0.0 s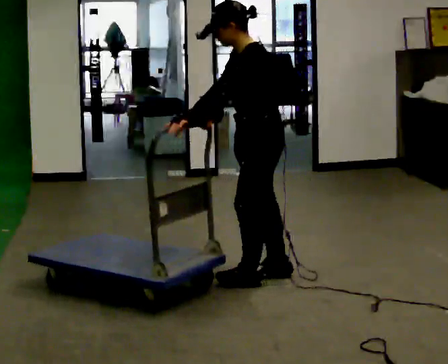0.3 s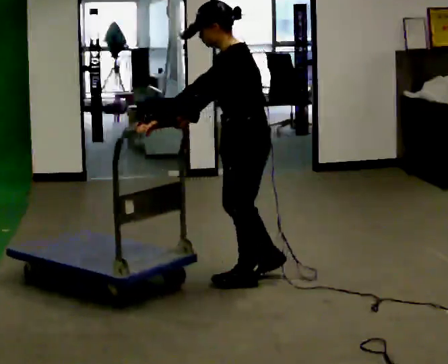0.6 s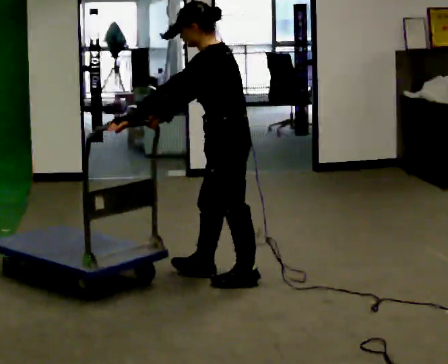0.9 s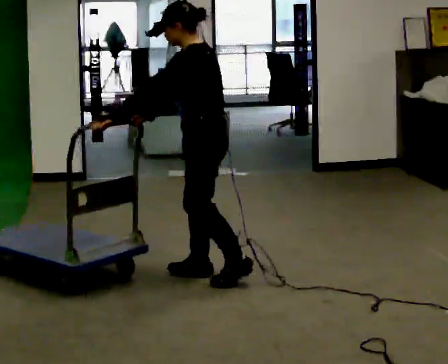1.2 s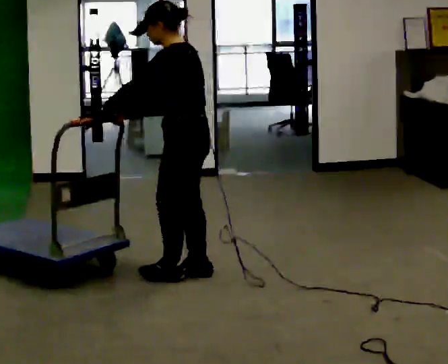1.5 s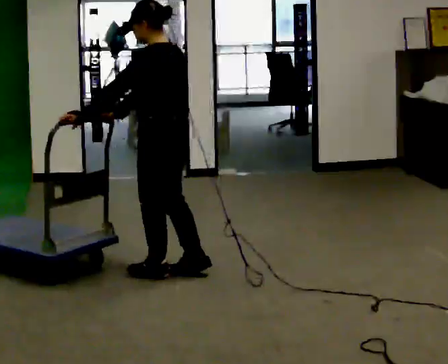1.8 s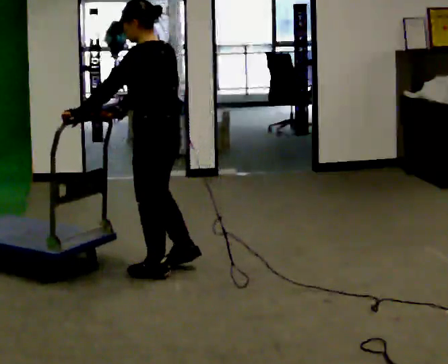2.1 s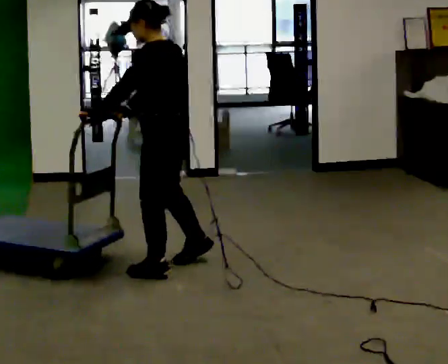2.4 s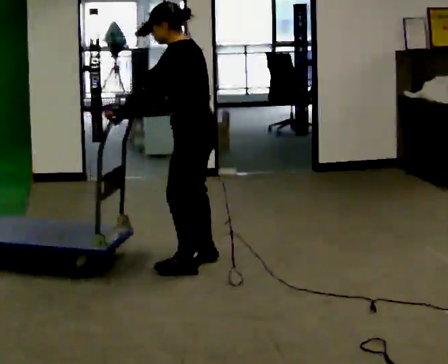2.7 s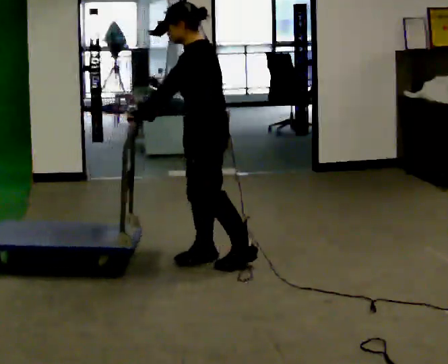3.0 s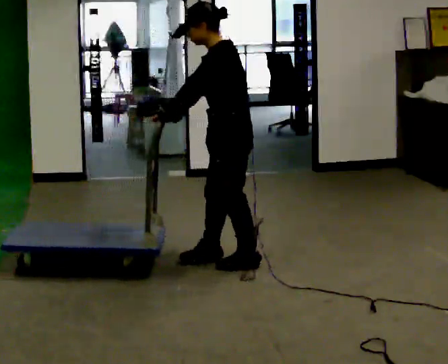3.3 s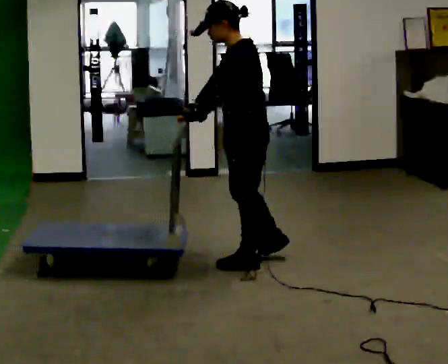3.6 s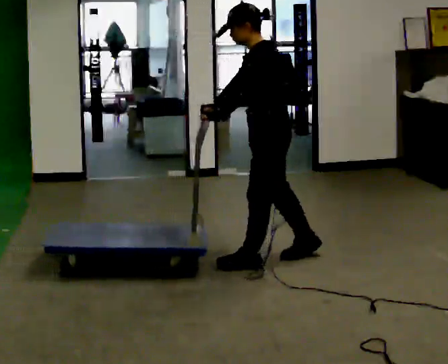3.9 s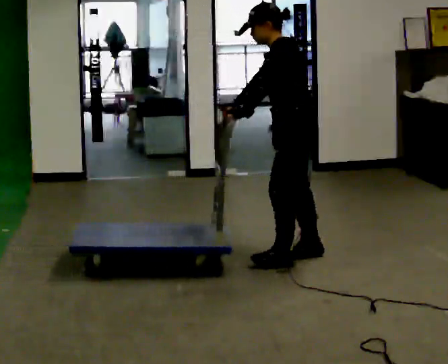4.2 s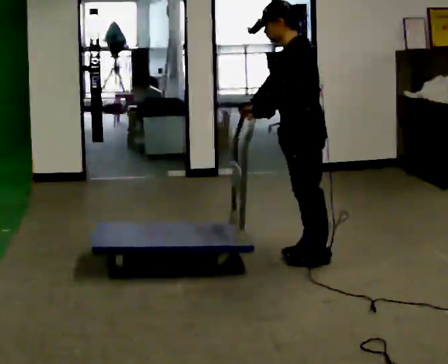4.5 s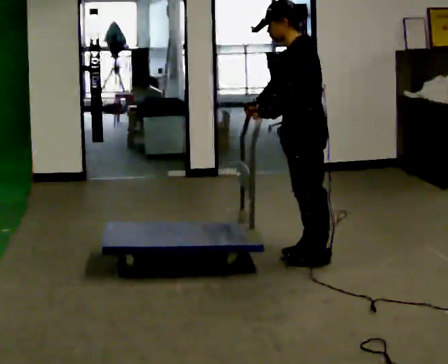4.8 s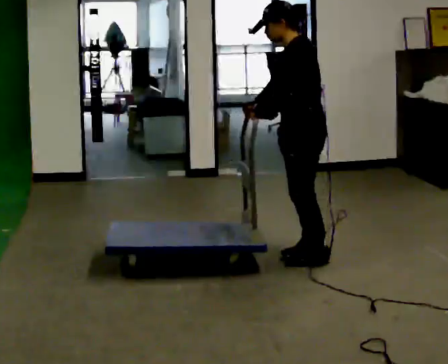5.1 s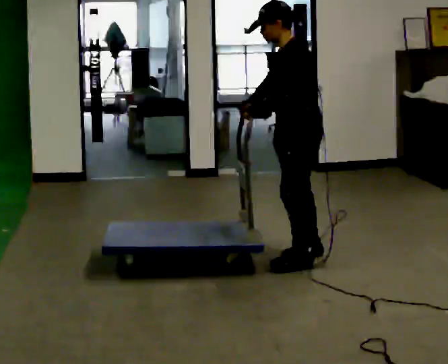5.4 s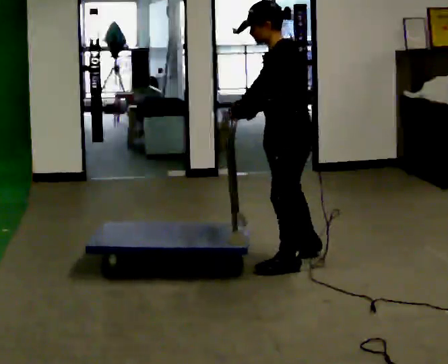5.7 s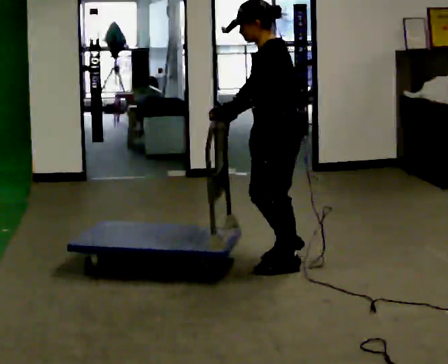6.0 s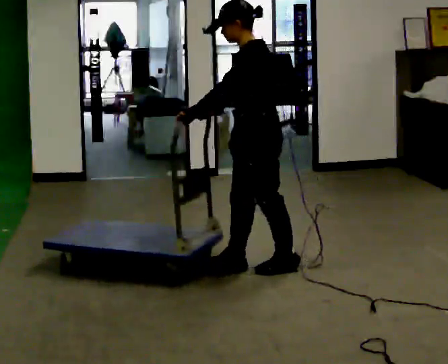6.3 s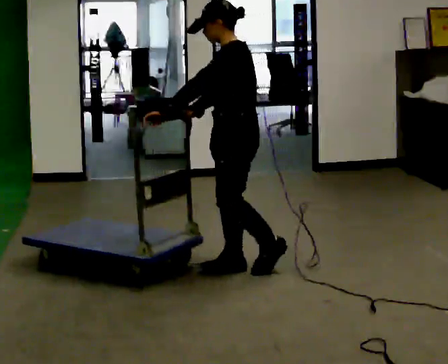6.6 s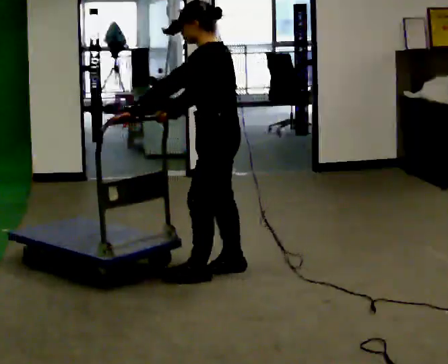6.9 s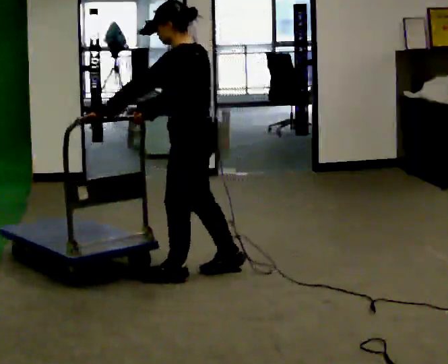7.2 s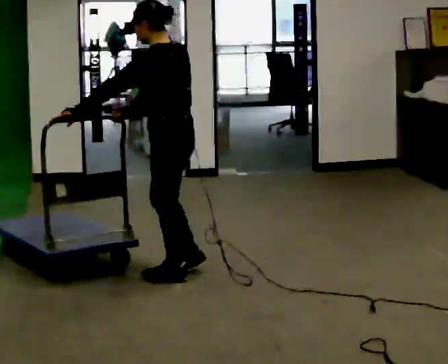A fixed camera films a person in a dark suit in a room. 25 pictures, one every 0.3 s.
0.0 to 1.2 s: In the picture they go to the left, about 0.5 m in 2 steps, which for them is forward.
1.2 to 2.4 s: In the picture they go away from the camera, about 0.25 m in 2 steps, which for them is to their right.
2.4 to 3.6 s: In the picture they go to the right, about 0.5 m in 2 steps, which for them is backward.
3.6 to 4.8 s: In the picture they go to the right, about 0.25 m in 1 step, which for them is backward.
4.8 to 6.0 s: In the picture they go to the left and toward the camera, about 0.25 m in 1 step, which for them is forward and to their left.
6.0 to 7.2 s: In the picture they go to the left, about 0.5 m in 2 steps, which for them is forward.
The film runs forward here.
